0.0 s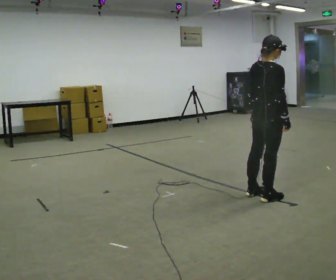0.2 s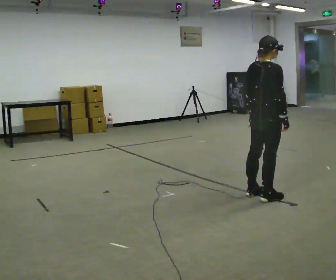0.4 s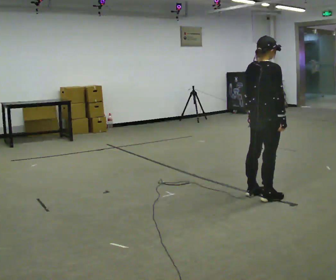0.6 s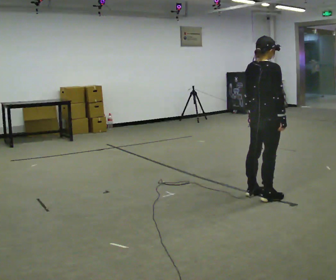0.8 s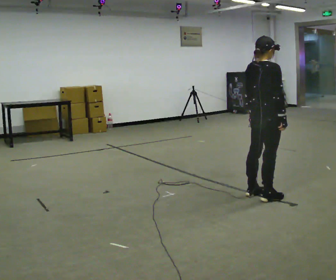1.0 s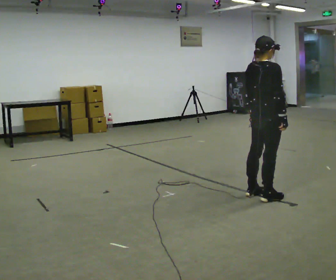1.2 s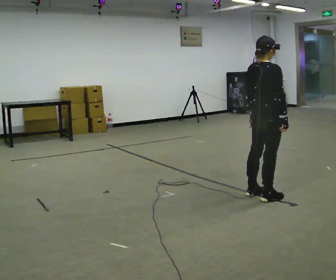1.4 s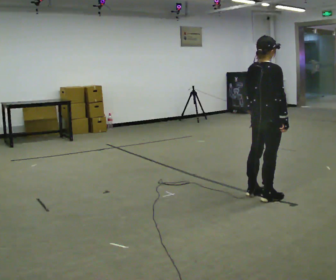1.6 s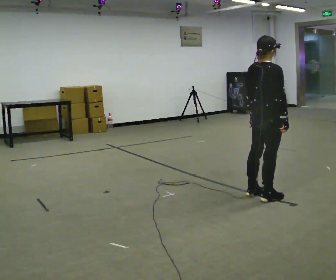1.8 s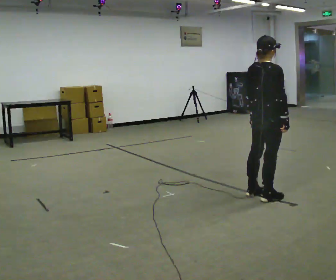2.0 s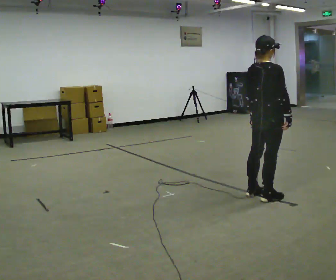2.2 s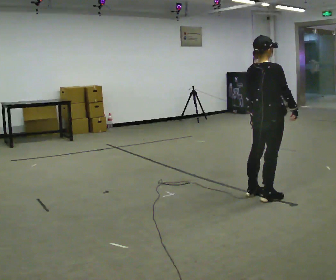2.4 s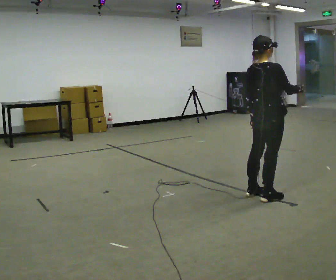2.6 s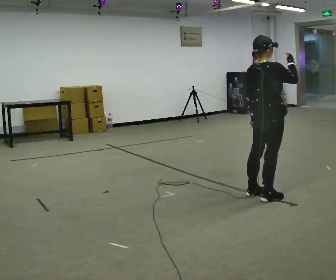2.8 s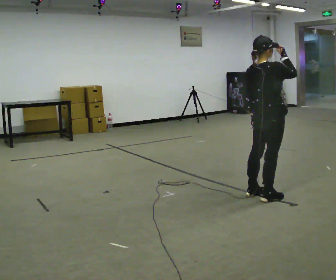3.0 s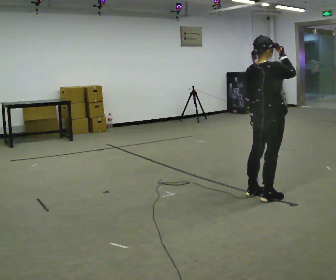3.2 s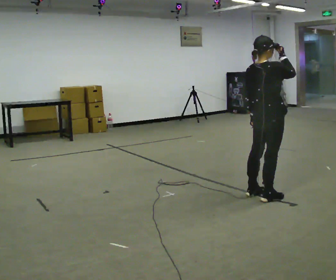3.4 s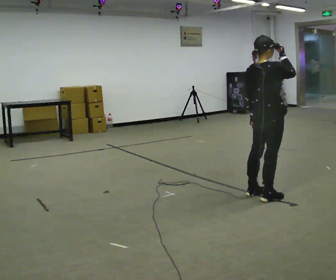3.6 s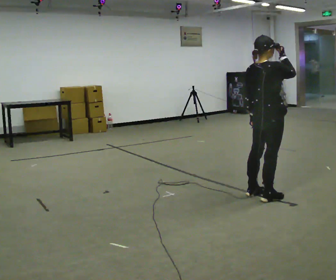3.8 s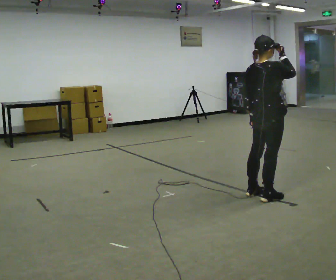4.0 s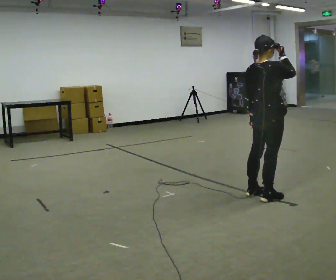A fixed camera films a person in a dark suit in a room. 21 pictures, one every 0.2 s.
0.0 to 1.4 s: The person moves a little, or ends about where they began.
1.4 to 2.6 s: In the picture their right hand goes upward.
2.6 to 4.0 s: The person moves a little, or ends about where they began.
The film runs forward here.
